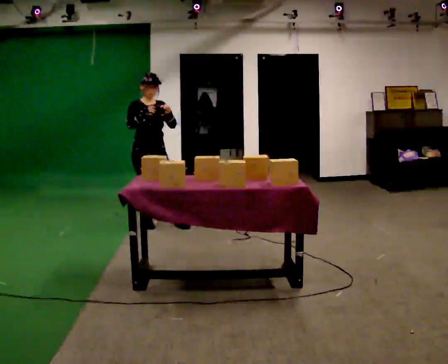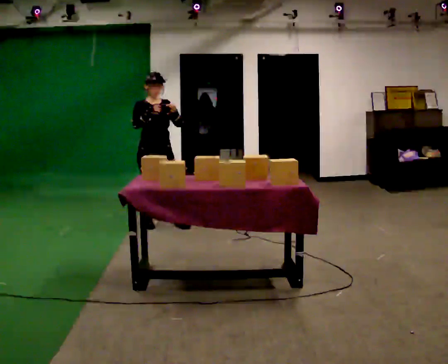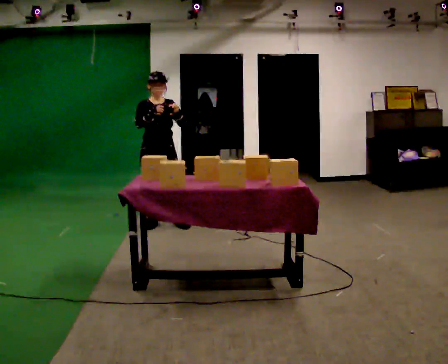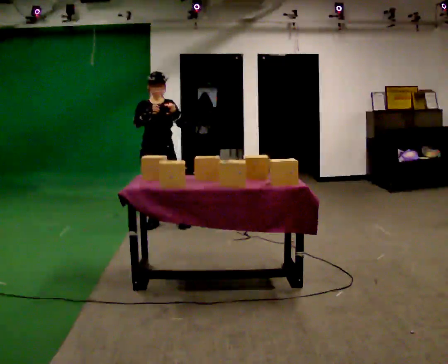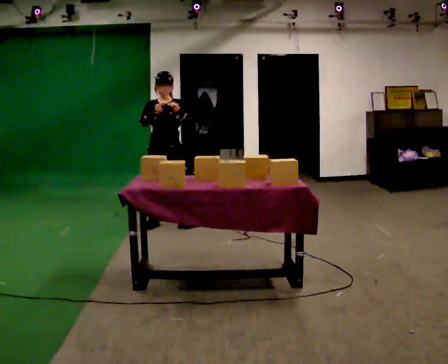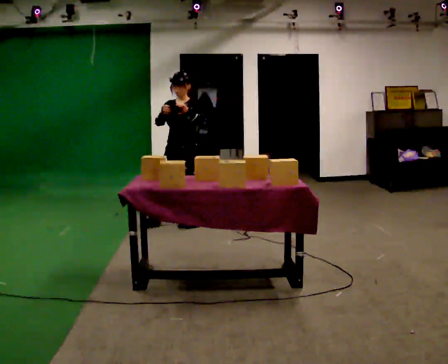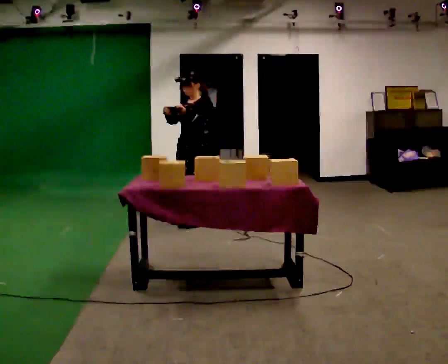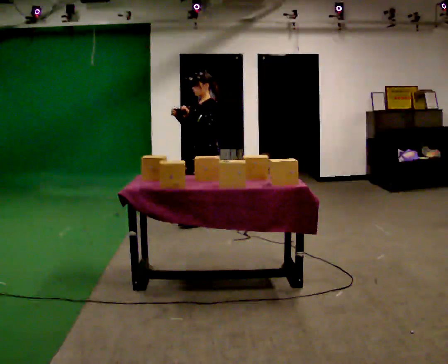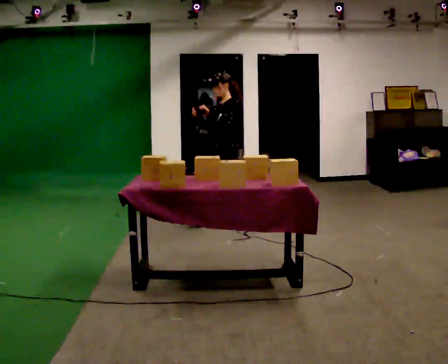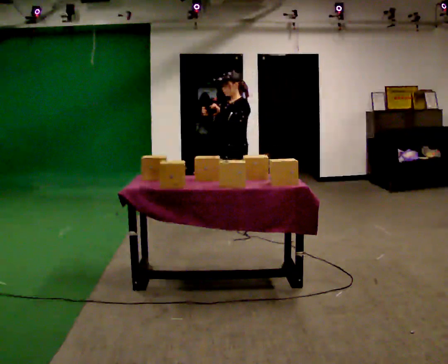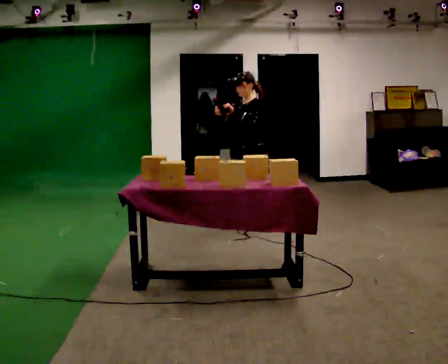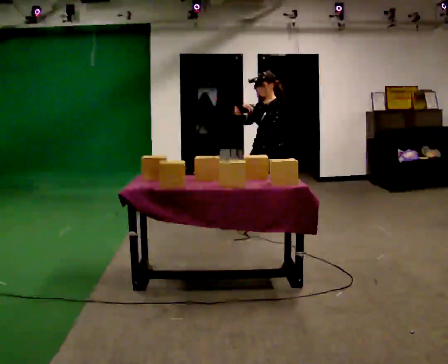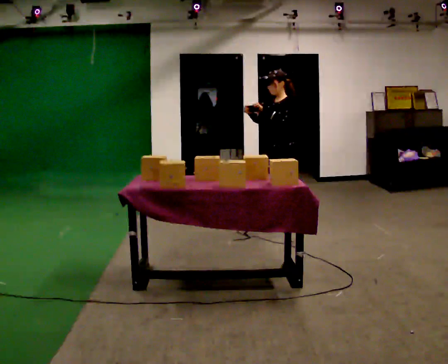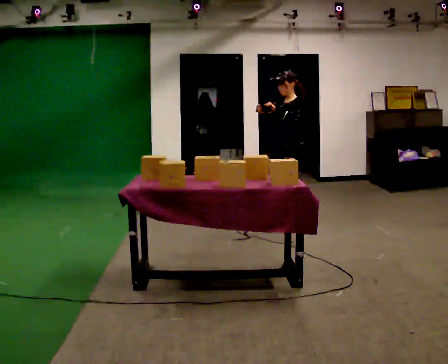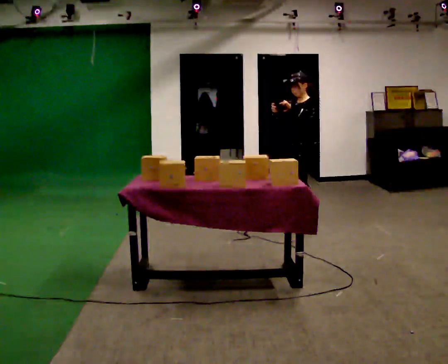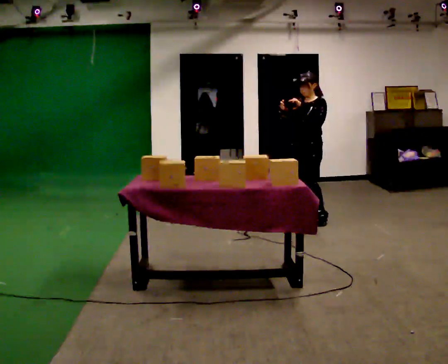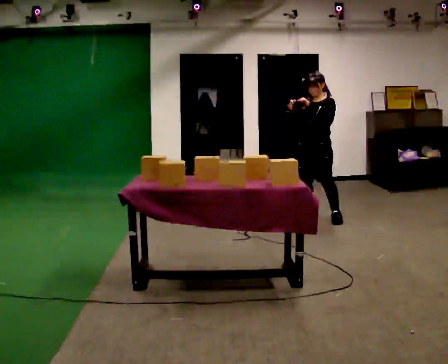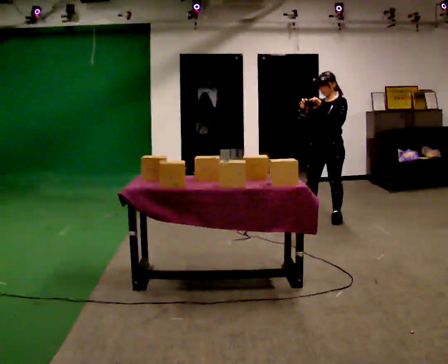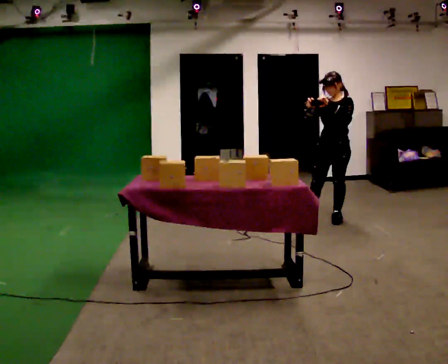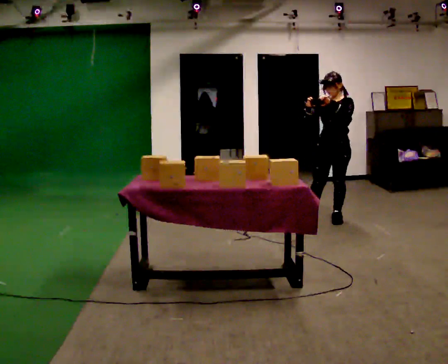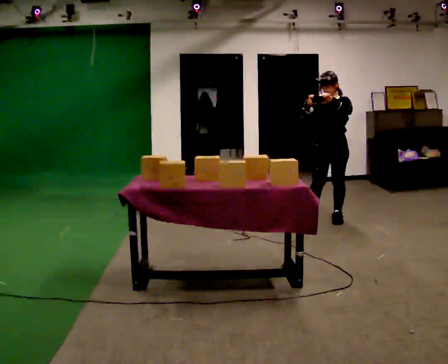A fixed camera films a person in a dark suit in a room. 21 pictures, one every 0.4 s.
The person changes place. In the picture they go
to the right.
0.0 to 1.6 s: Seen from above the body turns clockwise, about 30 degrees: to their right, with its near side sliding to the left. In the picture they go to the right, about 0.25 m in 1 step, which for them is to their left.
1.6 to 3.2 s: The part of the body nearest the lens slides to the left as the person turns to their right by about 75 degrees. In the picture they go to the right, about 0.75 m in 1 step.
3.2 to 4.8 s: In the picture they go to the right, about 0.5 m in 2 steps, which for them is backward and to their left.
4.8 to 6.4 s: The part of the body nearest the lens slides to the right as the person turns to their left by about 30 degrees. In the picture they go to the right and away from the camera, about 0.5 m in 1 step, which for them is backward.
6.4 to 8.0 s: In the picture they go to the right, about 0.25 m, which for them is to their left.
The film runs backward here.
